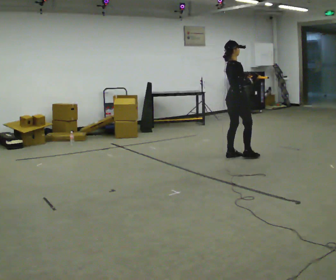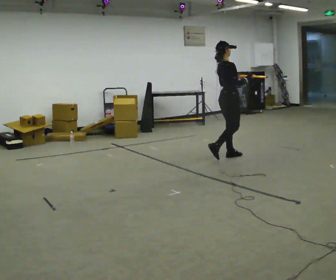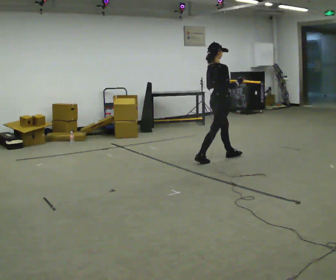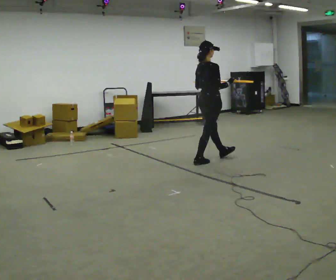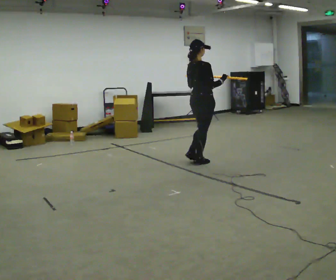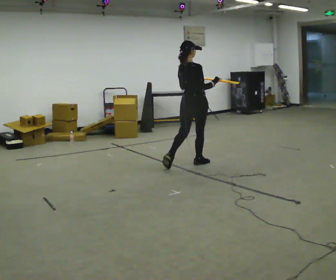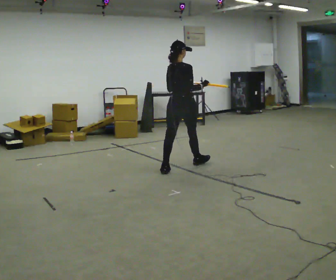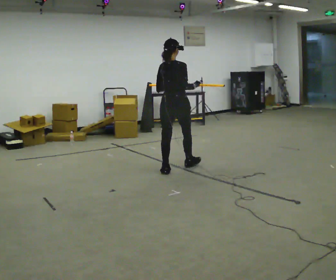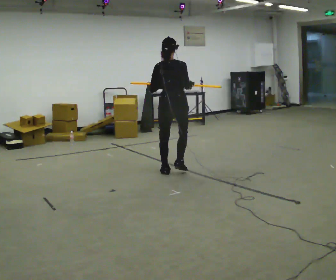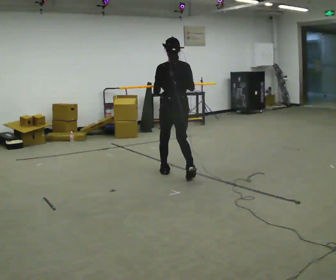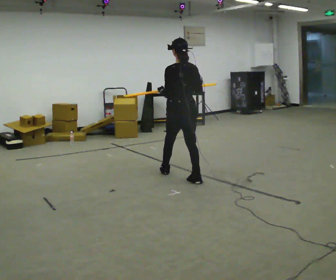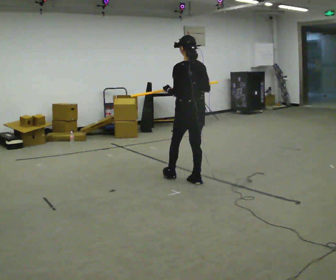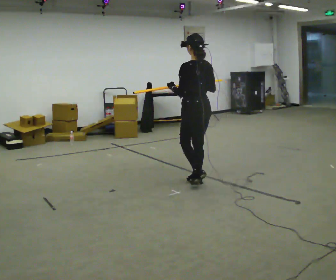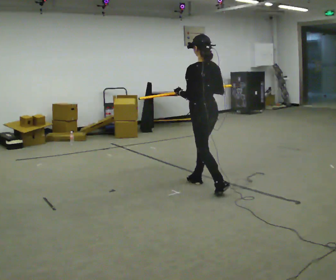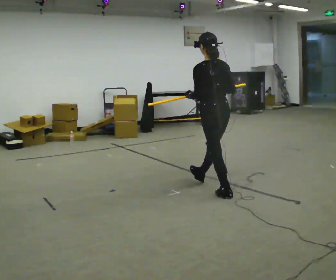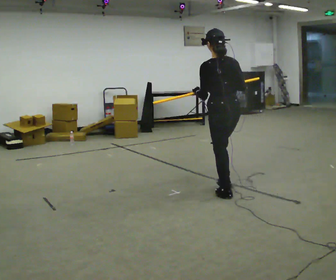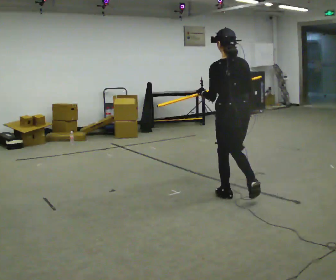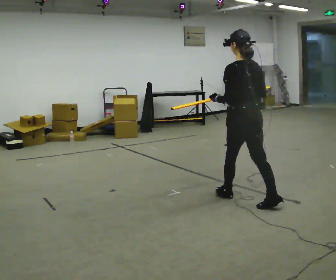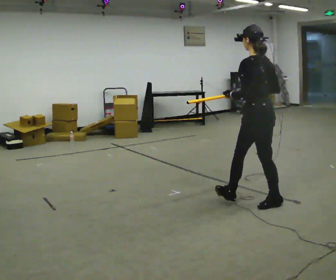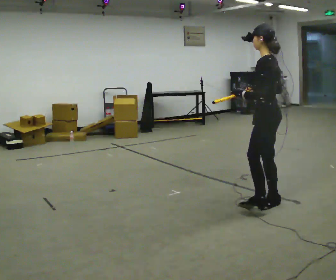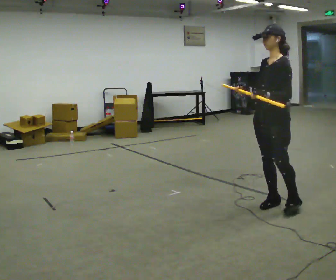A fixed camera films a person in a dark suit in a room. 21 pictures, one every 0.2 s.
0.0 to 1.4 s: Seen from above the body turns counterclockwise, about 45 degrees: to their left, with its near side sliding to the right. In the picture they go to the left and toward the camera, about 1 m in 2 steps, which for them is backward.
1.4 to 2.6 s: The person turns about 75 degrees to their left, counterclockwise seen from above, so the part of the body nearest the lens slides to the right. In the picture they go toward the camera, about 0.5 m in 1 step.
2.6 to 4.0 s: Seen from above the body turns counterclockwise, about 60 degrees: to their left, with its near side sliding to the right. In the picture they go toward the camera and to the right, about 1 m in 2 steps.
The film runs backward here.
